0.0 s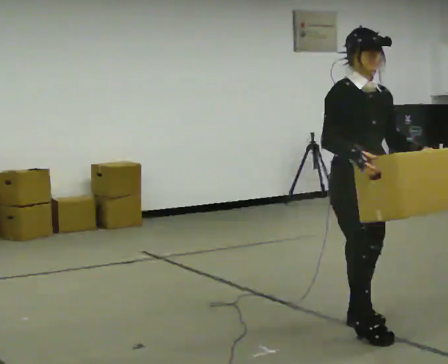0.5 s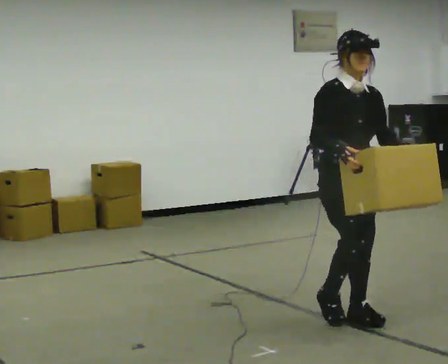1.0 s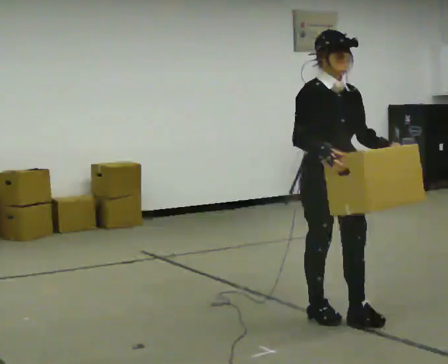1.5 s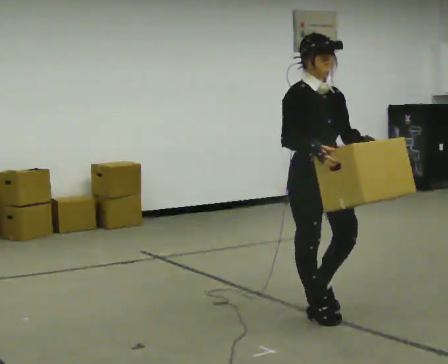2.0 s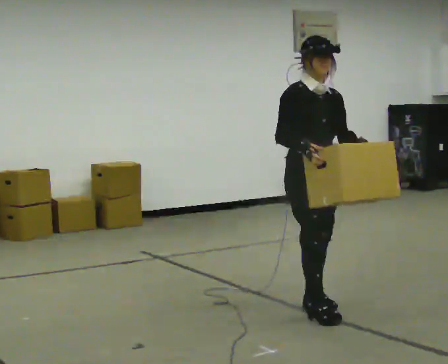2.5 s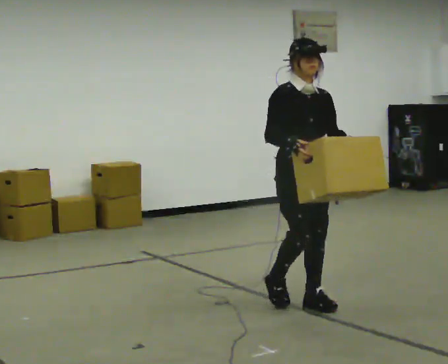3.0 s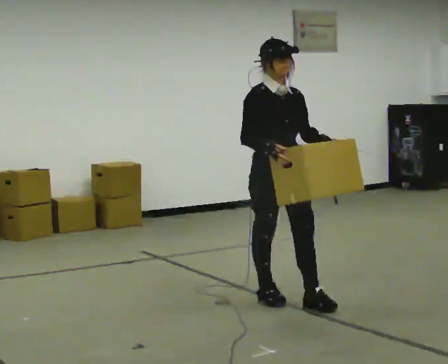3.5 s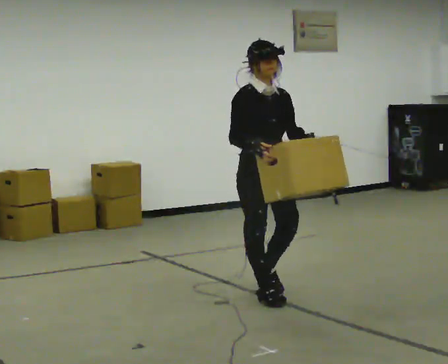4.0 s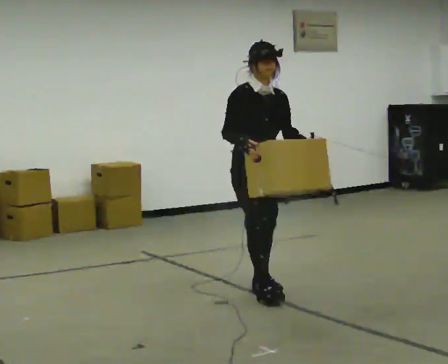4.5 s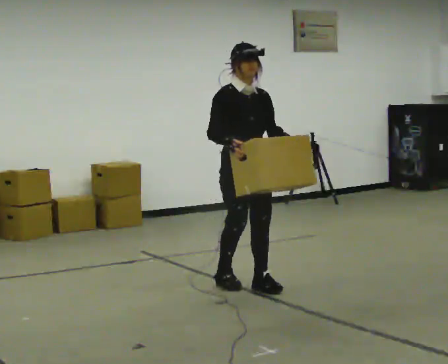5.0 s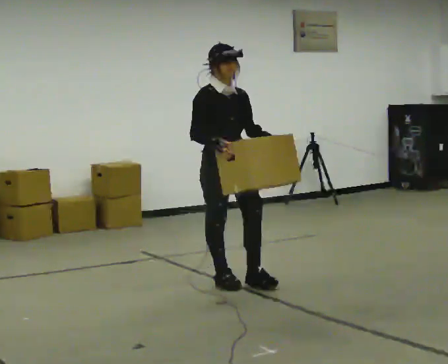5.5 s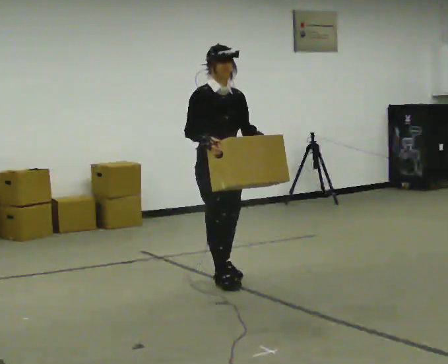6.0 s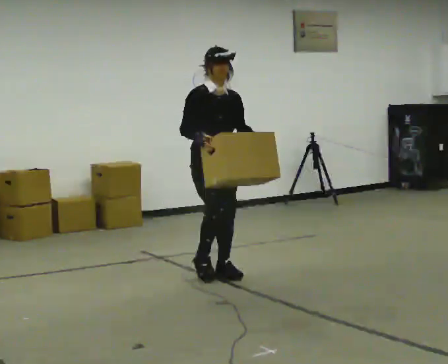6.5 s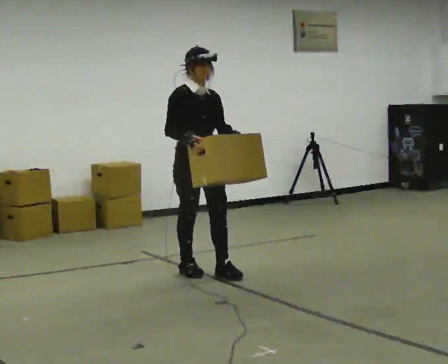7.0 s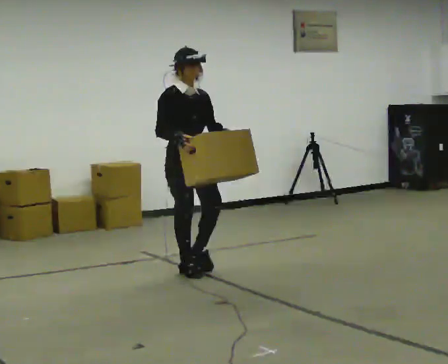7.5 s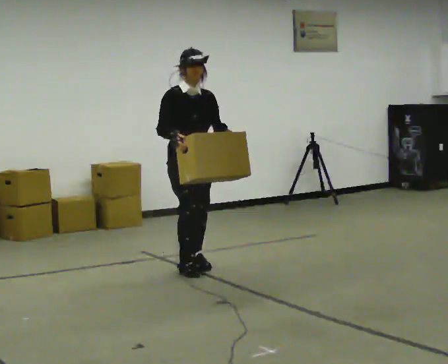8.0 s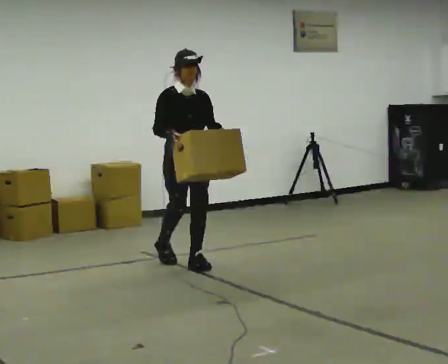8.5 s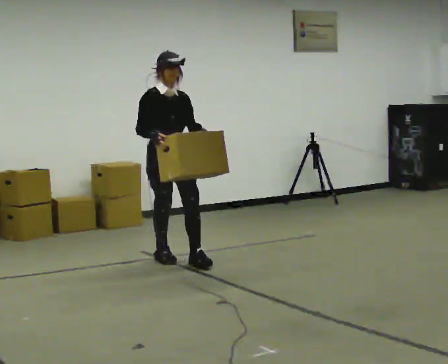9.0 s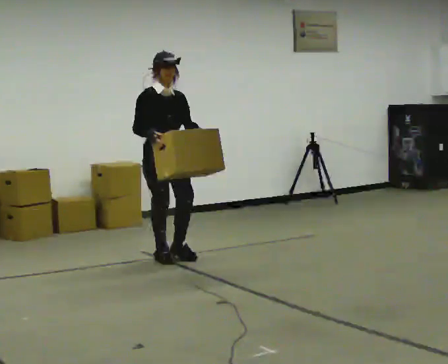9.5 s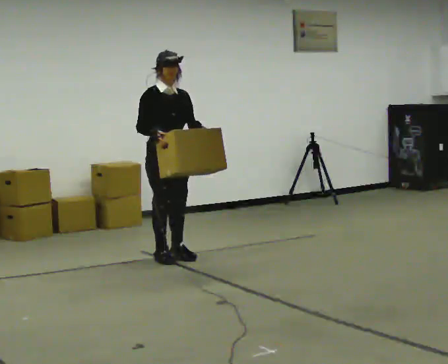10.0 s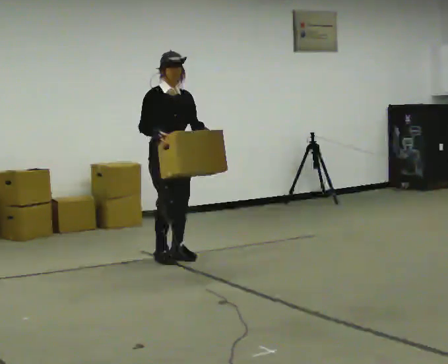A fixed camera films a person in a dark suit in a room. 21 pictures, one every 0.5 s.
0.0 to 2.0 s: In the picture they go away from the camera and to the left, about 0.5 m in 2 steps, which for them is backward.
2.0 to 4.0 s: In the picture they go away from the camera and to the left, about 0.5 m in 3 steps, which for them is backward.
4.0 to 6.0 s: In the picture they go away from the camera and to the left, about 0.5 m in 2 steps, which for them is backward.
6.0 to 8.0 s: In the picture they go away from the camera and to the left, about 0.5 m in 2 steps, which for them is backward.
8.0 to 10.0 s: In the picture they go away from the camera and to the left, about 0.25 m in 1 step, which for them is backward.
The film runs backward here.
